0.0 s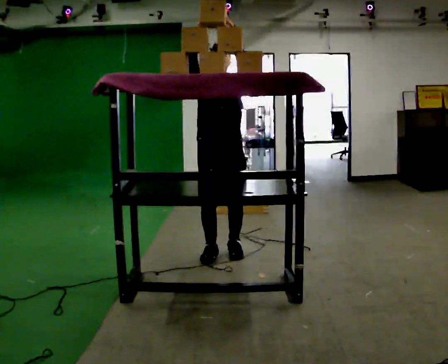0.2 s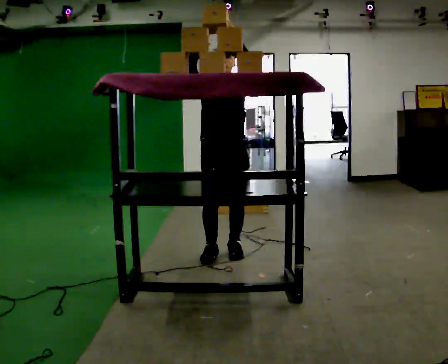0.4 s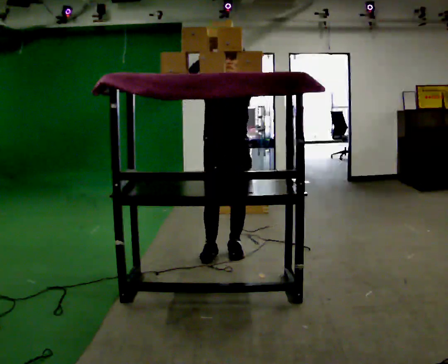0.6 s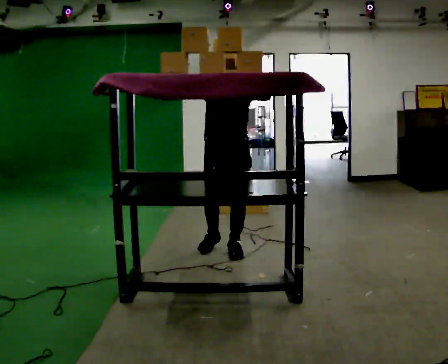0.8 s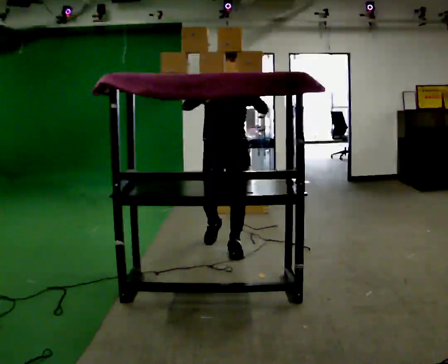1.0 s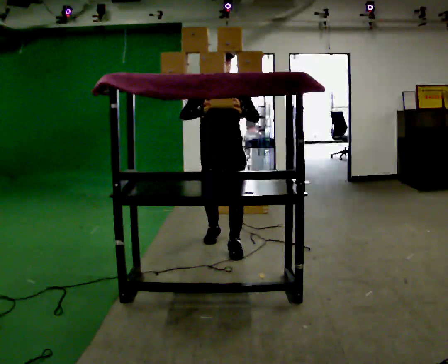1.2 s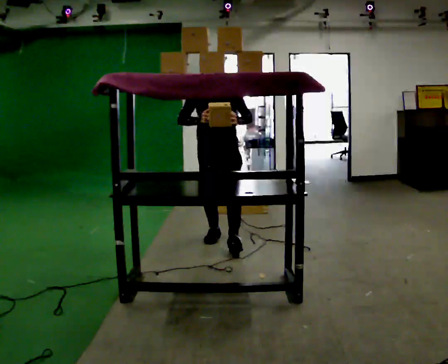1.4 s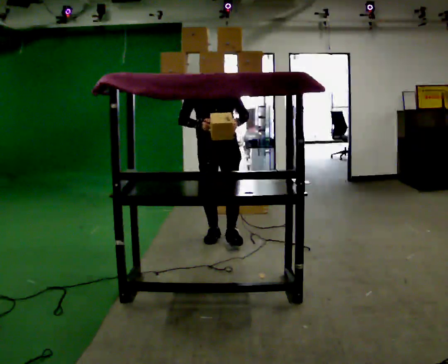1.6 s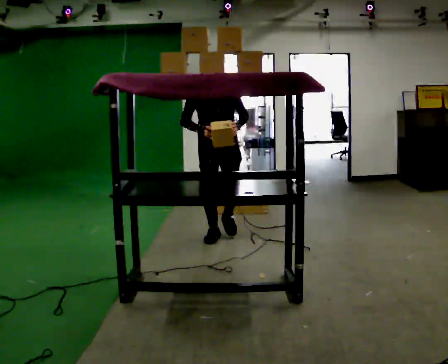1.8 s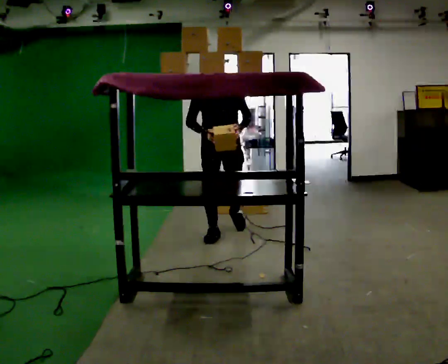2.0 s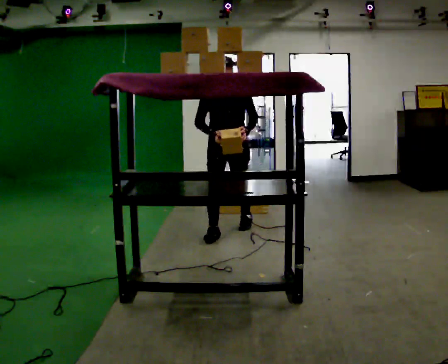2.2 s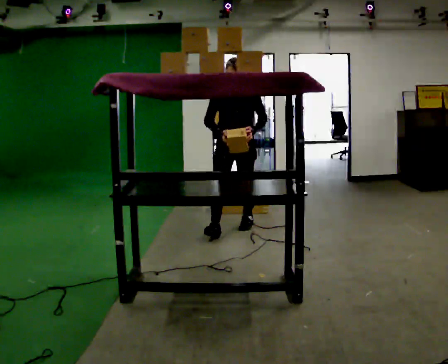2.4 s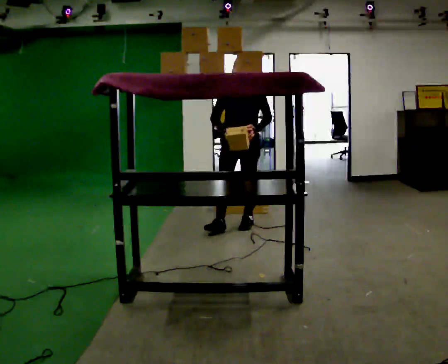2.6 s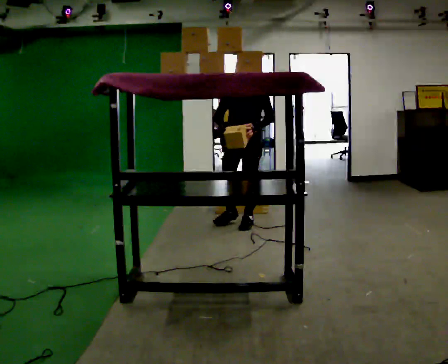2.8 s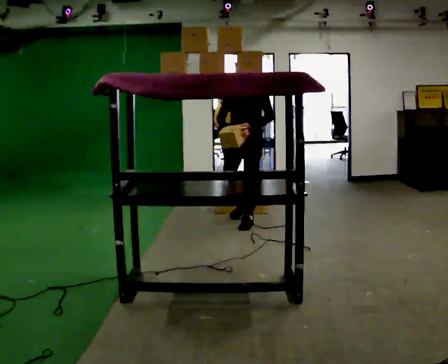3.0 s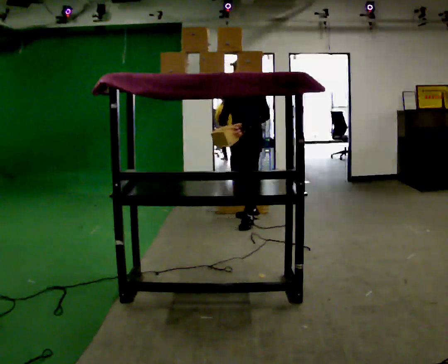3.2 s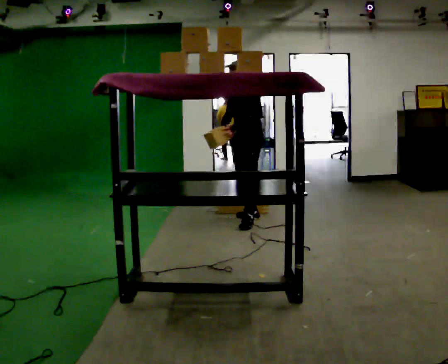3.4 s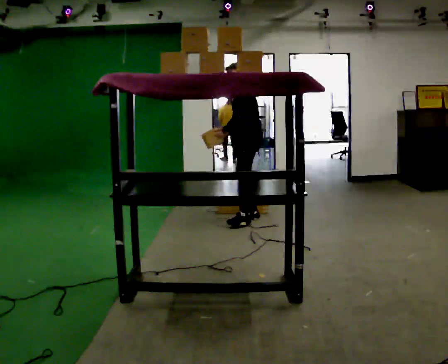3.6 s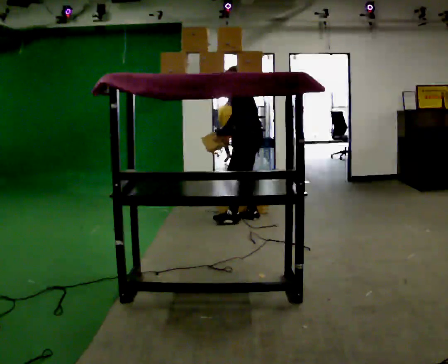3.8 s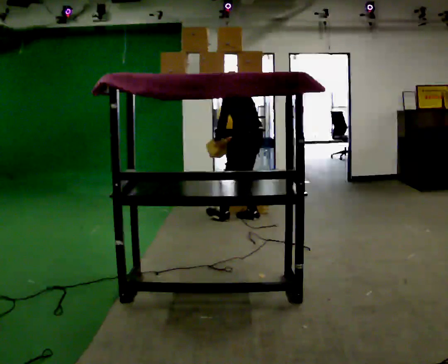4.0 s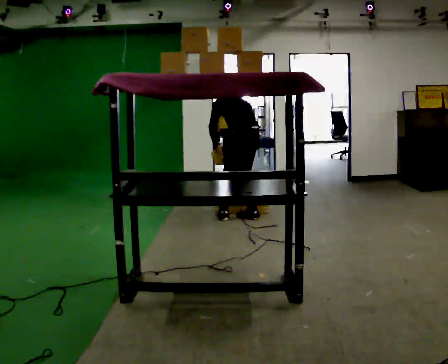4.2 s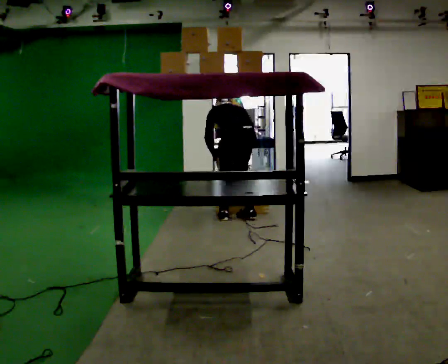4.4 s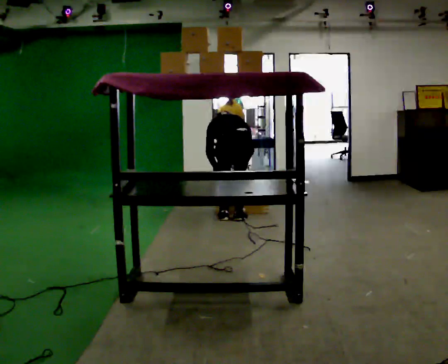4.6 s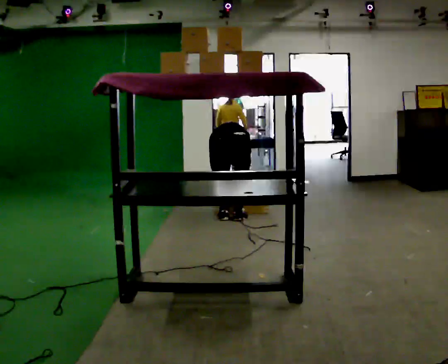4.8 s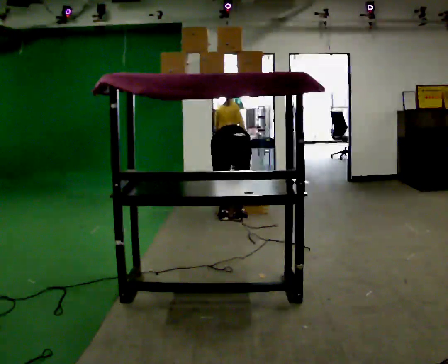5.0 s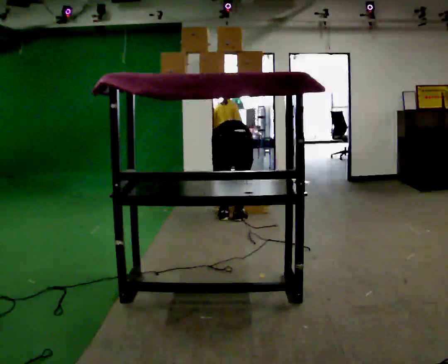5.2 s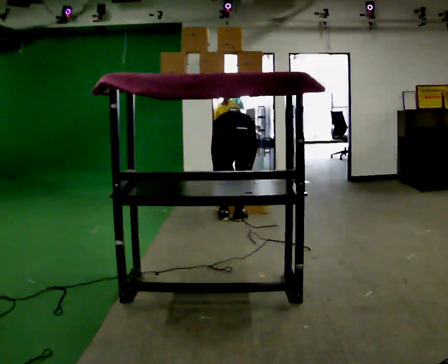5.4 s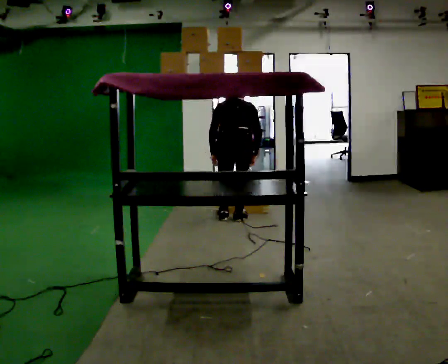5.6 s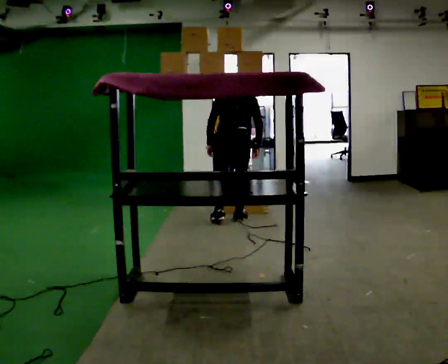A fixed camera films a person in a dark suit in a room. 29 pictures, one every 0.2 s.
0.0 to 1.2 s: In the picture they go away from the camera, about 0.5 m in 1 step, which for them is backward. In the picture their right hand goes downward.
1.2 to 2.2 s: In the picture they go away from the camera, about 0.5 m in 1 step, which for them is backward.
2.2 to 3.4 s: The person turns about 75 degrees to their right, clockwise seen from above, so the part of the body nearest the lens slides to the left. In the picture they go away from the camera and to the right, about 0.5 m in 1 step.
3.4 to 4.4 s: The person turns about 90 degrees to their right, clockwise seen from above, so the part of the body nearest the lens slides to the left. In the picture they go to the left, about 0.25 m in 2 steps. The upper body goes downward. The upper body tips away from the camera, its near side rolling upward, as they bend forward. In the picture their right hand goes downward, the arm swinging counterclockwise.
4.4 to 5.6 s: The person moves a little, or ends about where they began.
The film runs backward here.
